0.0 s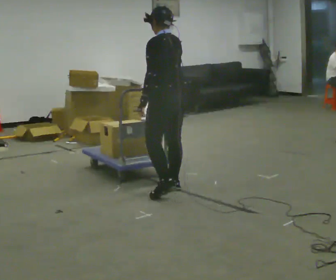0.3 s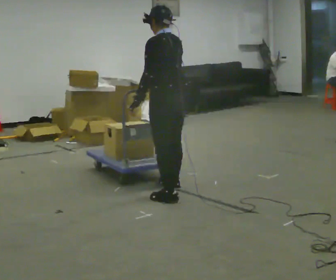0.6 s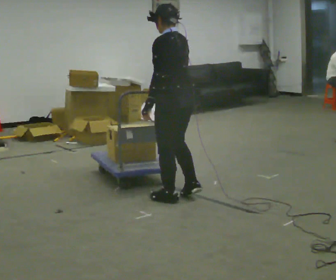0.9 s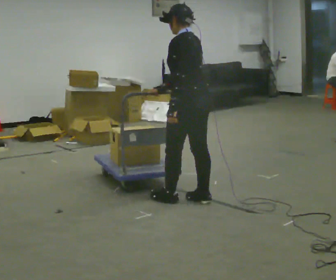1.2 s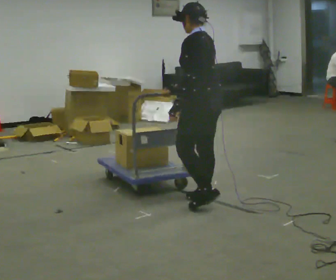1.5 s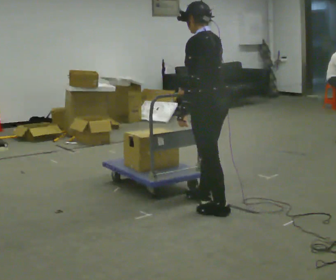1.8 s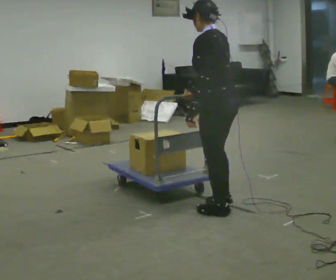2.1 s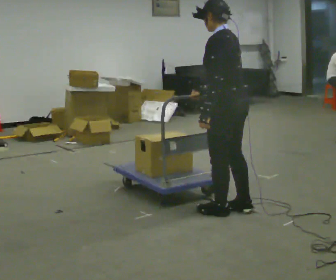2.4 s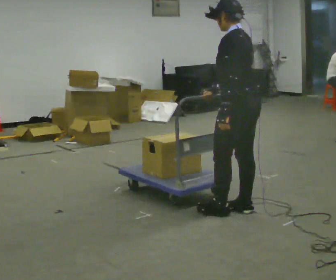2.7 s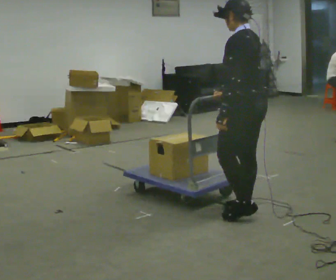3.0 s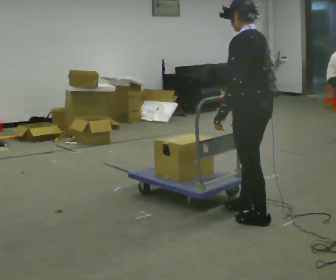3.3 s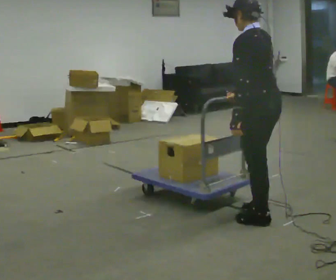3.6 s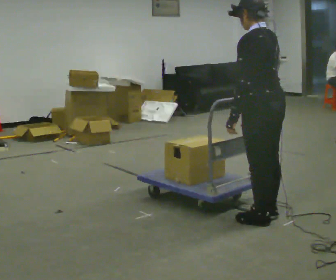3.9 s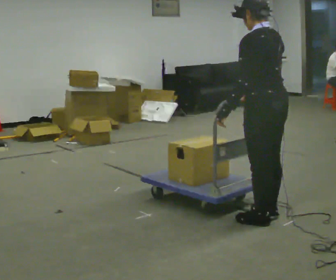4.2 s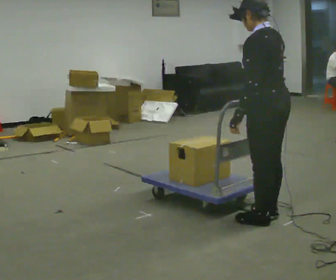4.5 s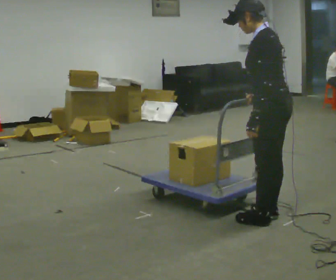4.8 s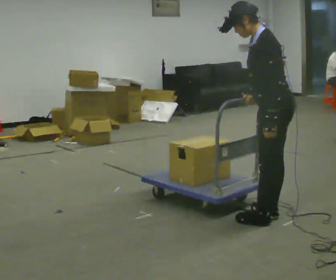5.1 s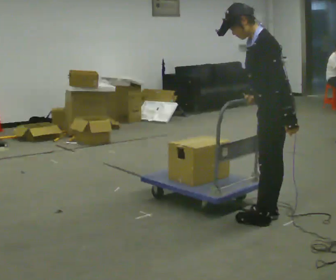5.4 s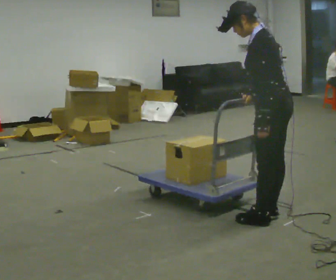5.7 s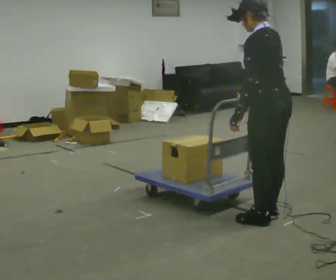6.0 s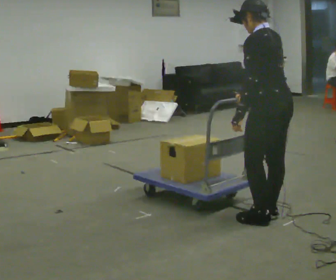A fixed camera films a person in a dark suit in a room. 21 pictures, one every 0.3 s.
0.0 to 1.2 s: In the picture they go to the right and toward the camera, about 0.5 m in 2 steps, which for them is backward.
1.2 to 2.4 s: In the picture they go to the right and toward the camera, about 0.25 m in 1 step, which for them is backward.
2.4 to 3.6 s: In the picture they go to the right and toward the camera, about 0.25 m in 2 steps, which for them is backward.
3.6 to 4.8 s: Seen from above the body turns counterclockwise, about 30 degrees: to their left, with its near side sliding to the right.
4.8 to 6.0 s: Seen from above the body turns clockwise, about 30 degrees: to their right, with its near side sliding to the left.
The film runs backward here.
